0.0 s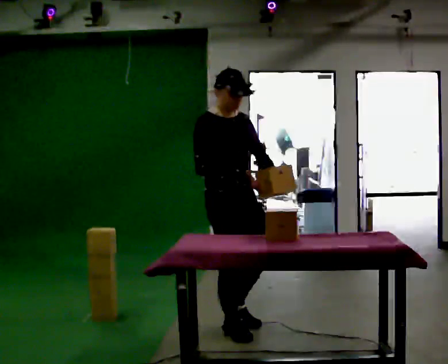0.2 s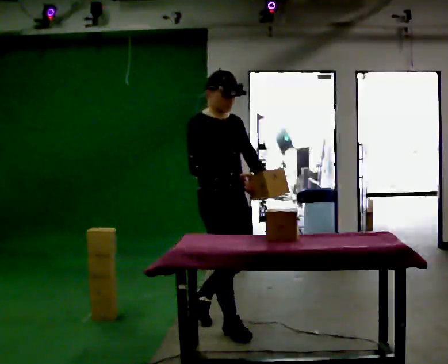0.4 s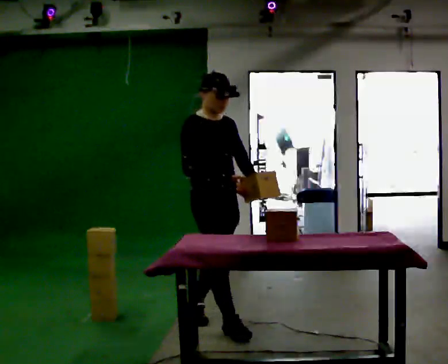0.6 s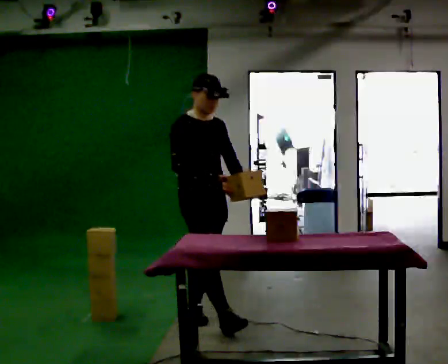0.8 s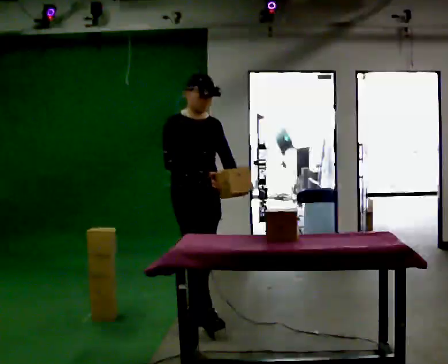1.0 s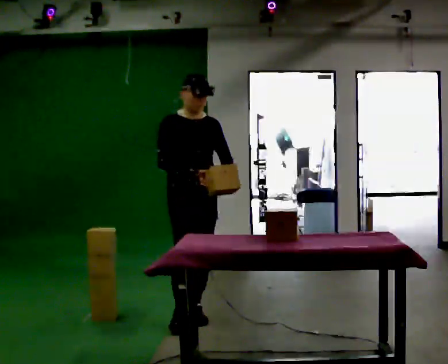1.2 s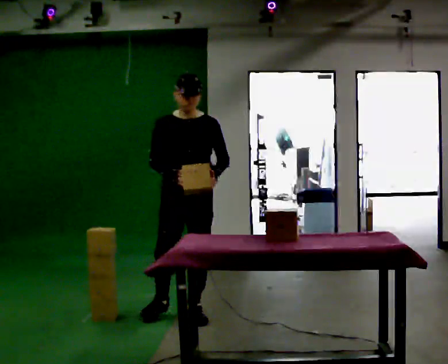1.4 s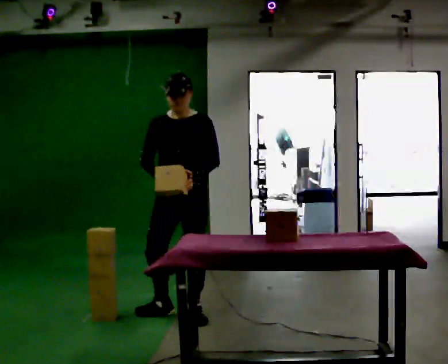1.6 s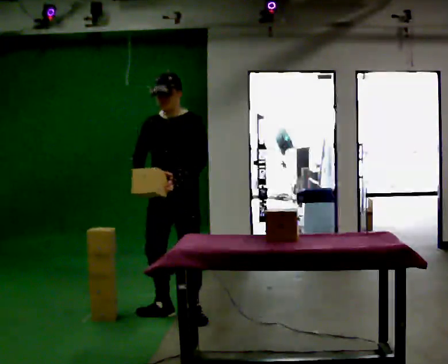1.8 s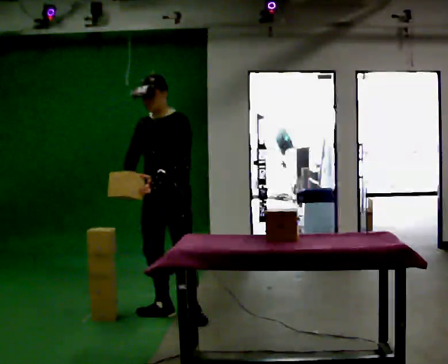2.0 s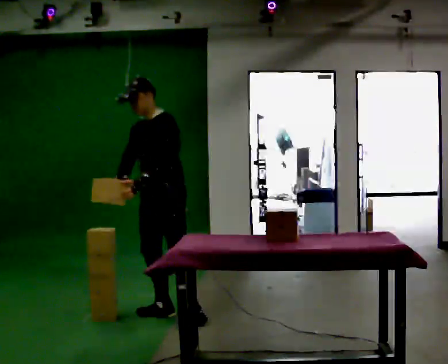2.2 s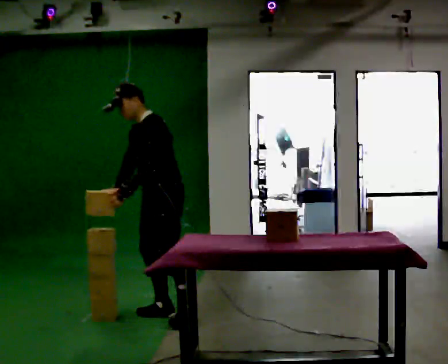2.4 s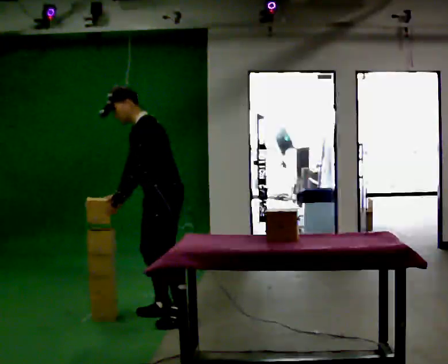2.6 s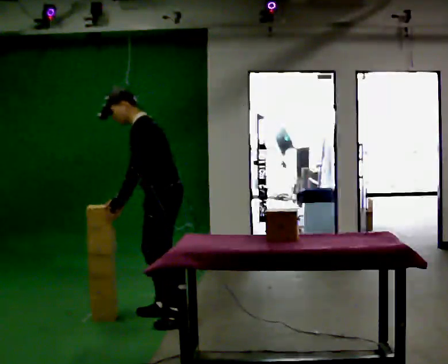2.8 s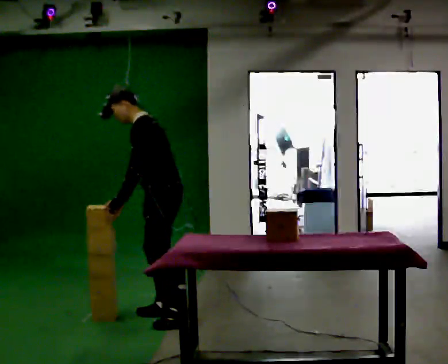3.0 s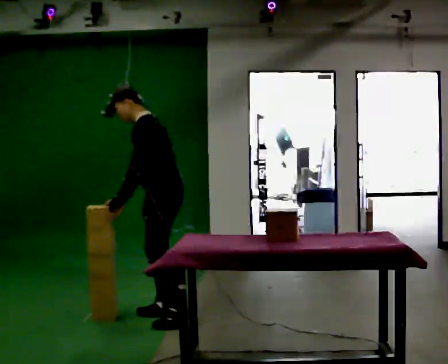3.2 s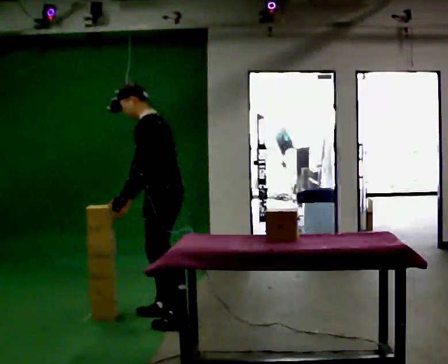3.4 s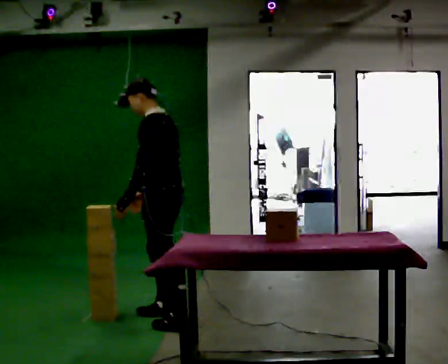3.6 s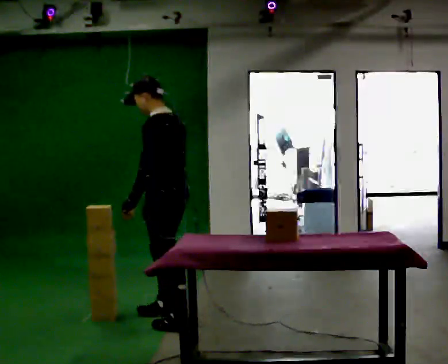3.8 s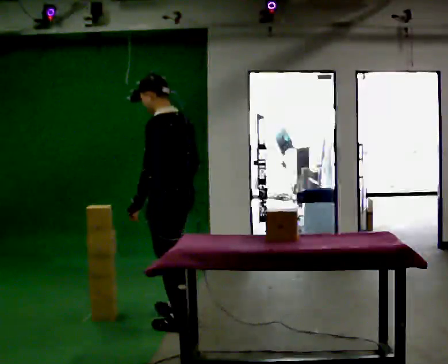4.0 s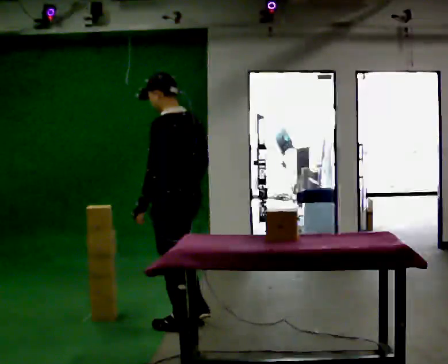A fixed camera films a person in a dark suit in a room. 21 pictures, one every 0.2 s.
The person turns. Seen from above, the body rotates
clockwise.
Their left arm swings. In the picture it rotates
clockwise.
0.0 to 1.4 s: The part of the body nearest the lens slides to the left as the person turns to their right by about 60 degrees. In the picture they go away from the camera and to the left, about 0.5 m in 1 step.
1.4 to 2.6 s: The part of the body nearest the lens slides to the left as the person turns to their right by about 75 degrees. In the picture the upper body tilts counterclockwise, shoulders to the left, as they bend forward.
2.6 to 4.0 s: The person turns about 45 degrees to their right, clockwise seen from above, so the part of the body nearest the lens slides to the left. In the picture they go toward the camera, about 0.5 m in 1 step, which for them is to their left and backward. In the picture the upper body tilts clockwise, shoulders to the right, as they lean back or straighten.
The film runs backward here.
